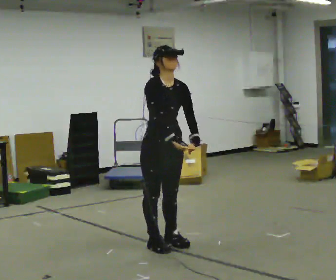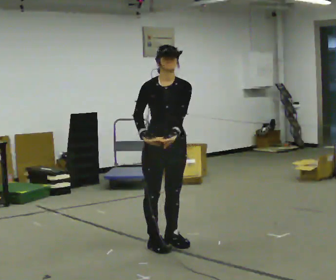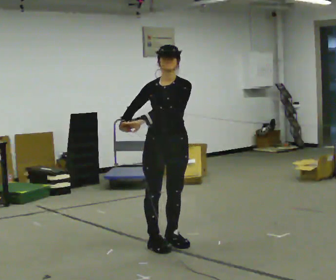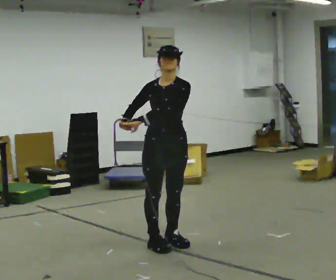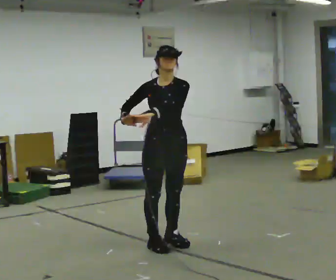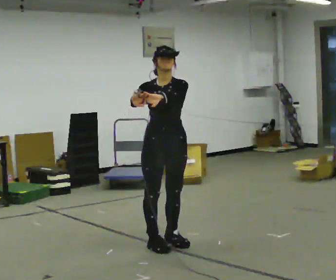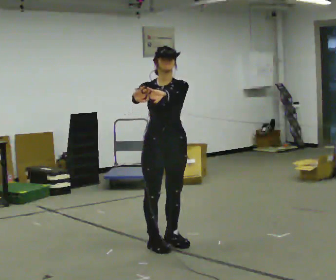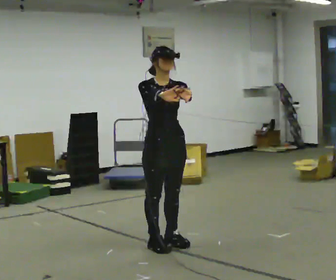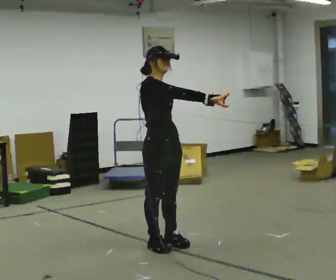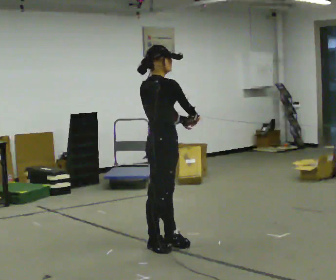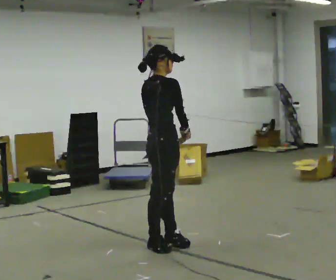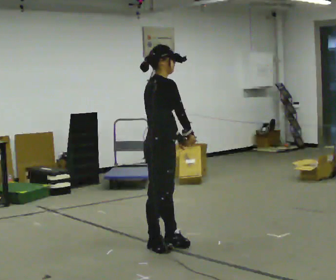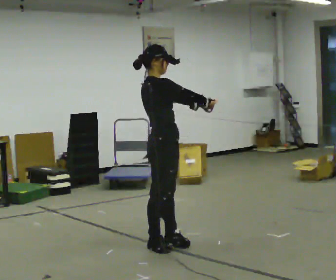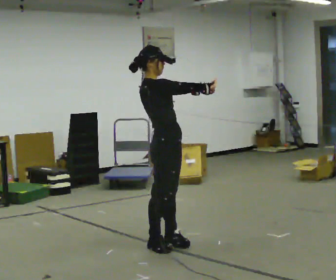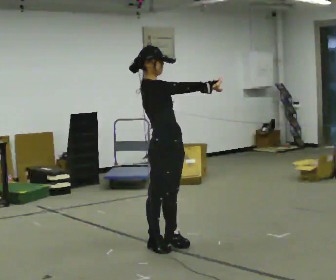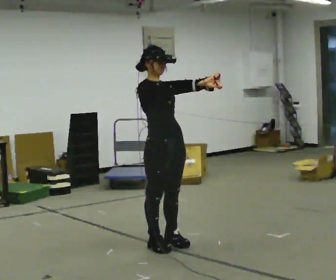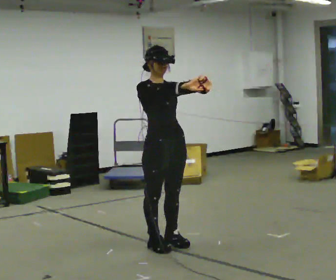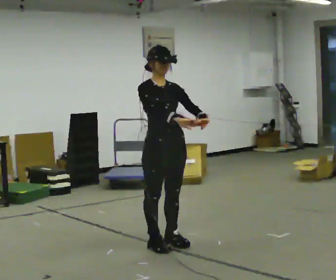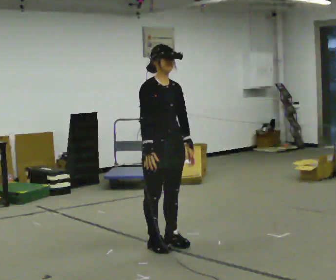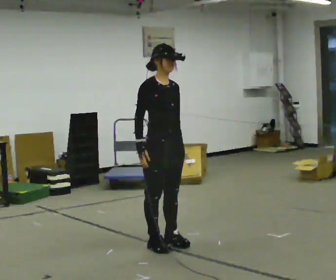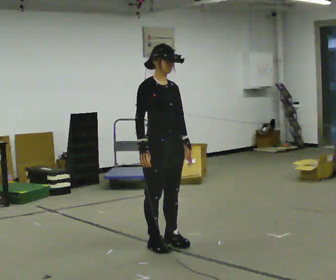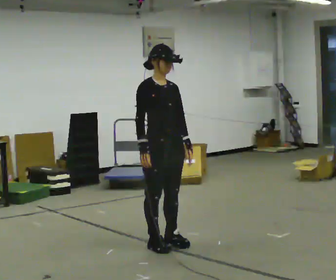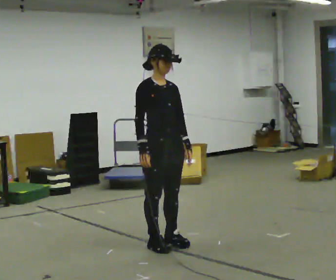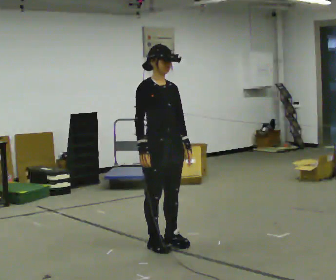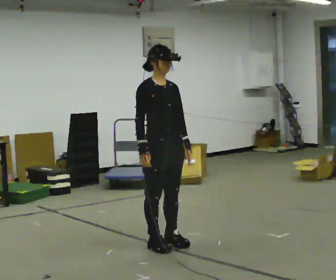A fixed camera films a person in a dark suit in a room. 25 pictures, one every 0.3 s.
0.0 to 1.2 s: The part of the body nearest the lens slides to the left as the person turns to their right by about 30 degrees. In the picture their left hand goes to the left.
1.2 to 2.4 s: The part of the body nearest the lens slides to the right as the person turns to their left by about 60 degrees. In the picture their right hand goes to the right.
2.4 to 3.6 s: The person moves a little, or ends about where they began.
3.6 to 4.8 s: The person turns about 60 degrees to their right, clockwise seen from above, so the part of the body nearest the lens slides to the left.
4.8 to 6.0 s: In the picture their left hand goes downward, the arm swinging clockwise.
6.0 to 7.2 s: The person keeps their place and pose.
The film runs forward here.
